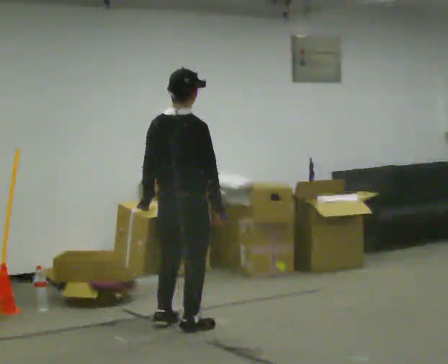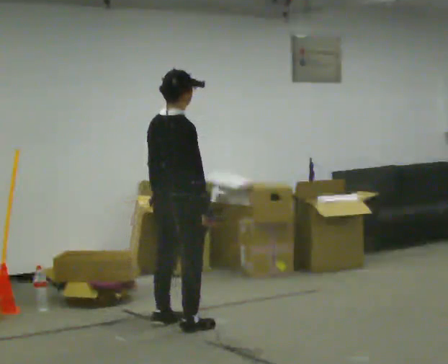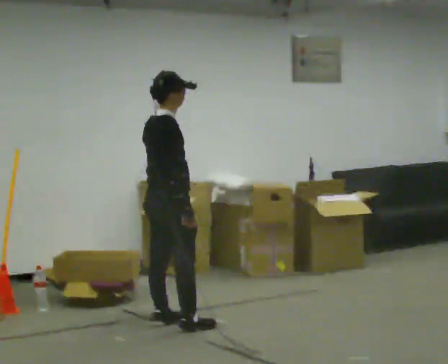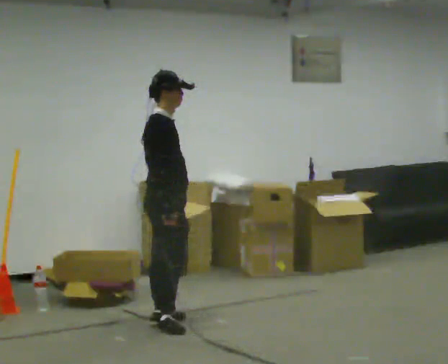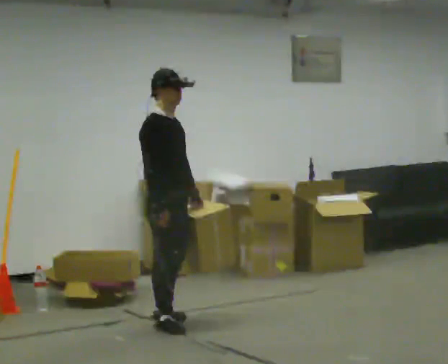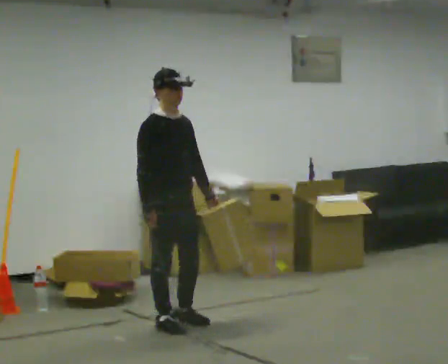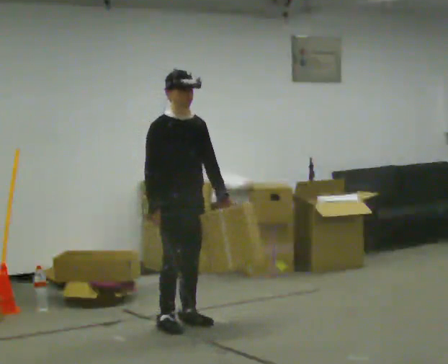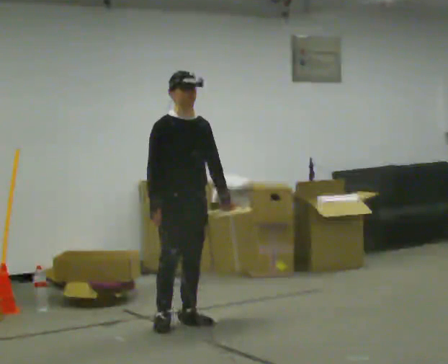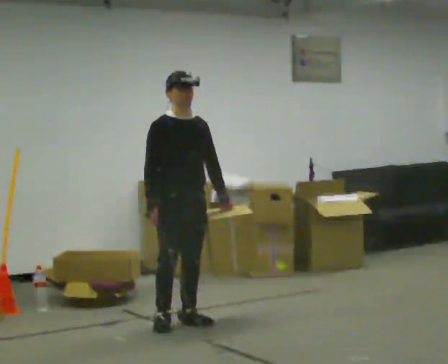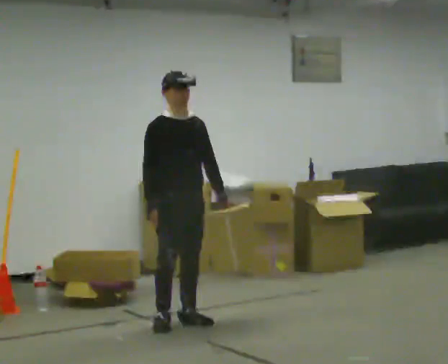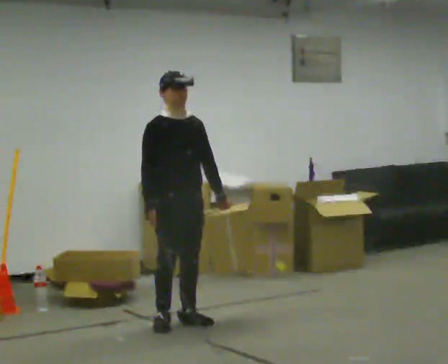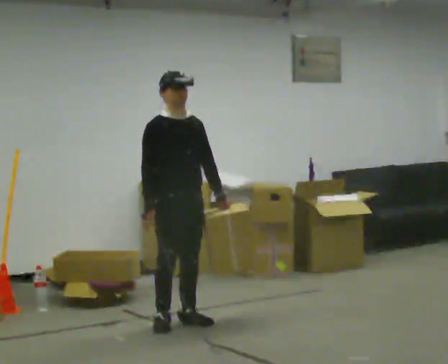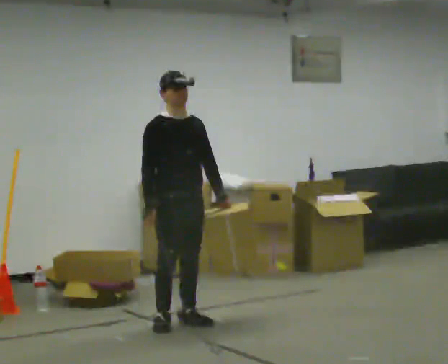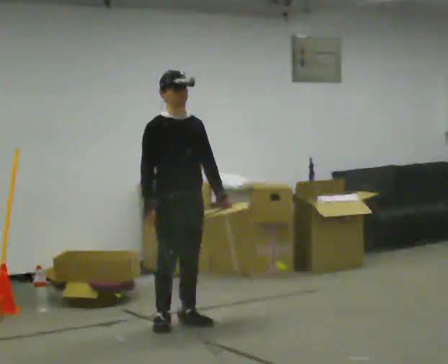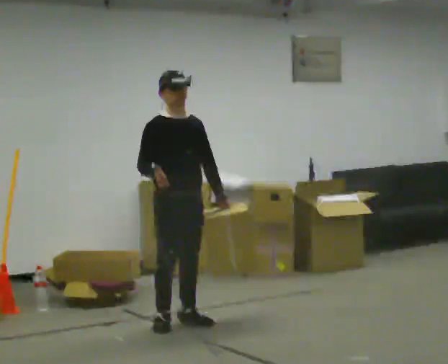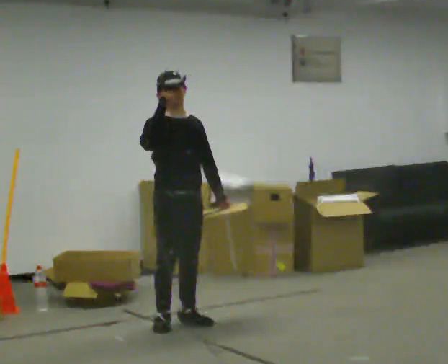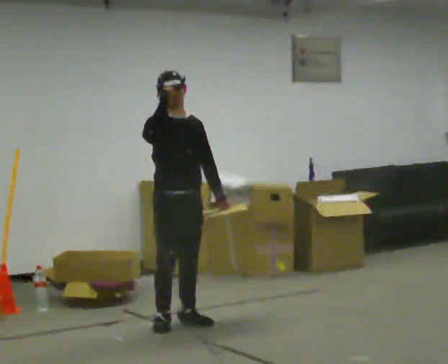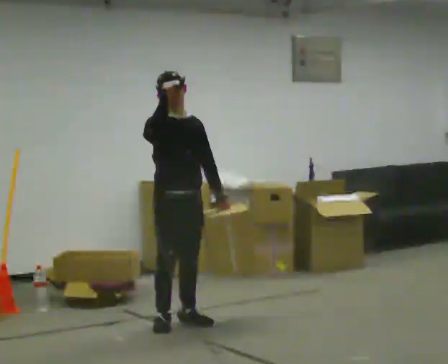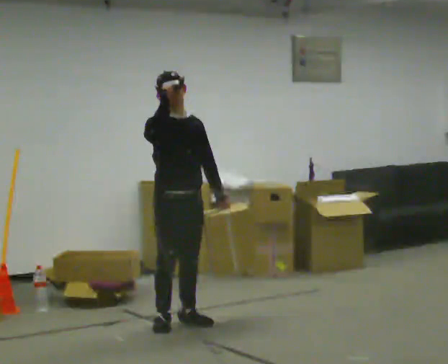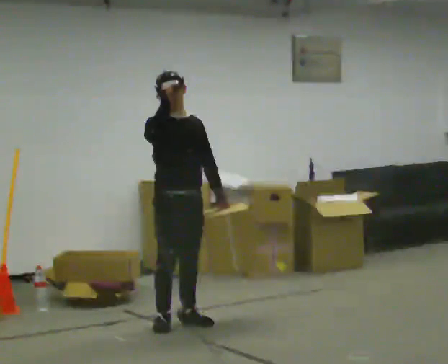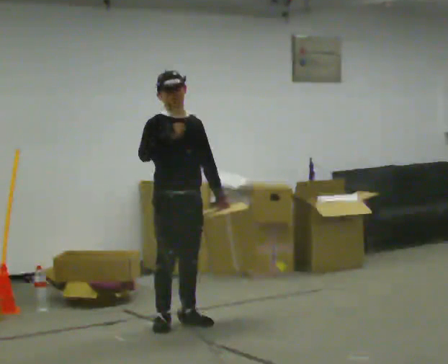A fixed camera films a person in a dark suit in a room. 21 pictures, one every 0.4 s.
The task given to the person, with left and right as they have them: Carry the object in the hand the operator calls, down at your side, walking back and forth across the room.
0.0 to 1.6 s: The part of the body nearest the lens slides to the left as the person turns to their right by about 90 degrees. In the picture their left hand goes to the right, the arm swinging counterclockwise.
1.6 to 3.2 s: The part of the body nearest the lens slides to the left as the person turns to their right by about 45 degrees.
3.2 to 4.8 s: The person moves a little, or ends about where they began.
4.8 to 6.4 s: In the picture their right hand goes upward.
6.4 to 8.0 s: The person moves a little, or ends about where they began.
The film runs forward here.
